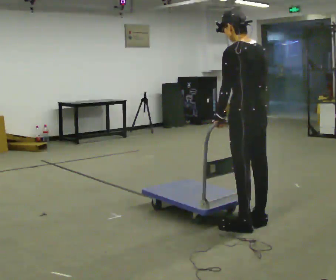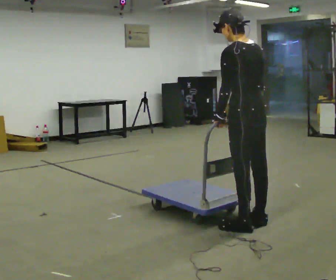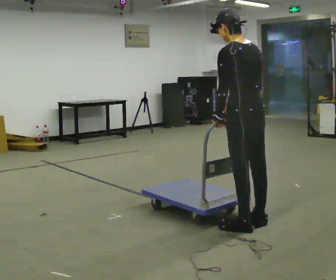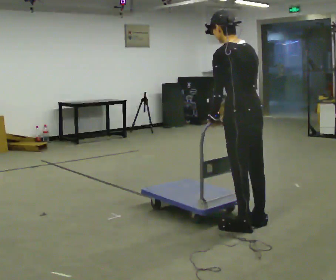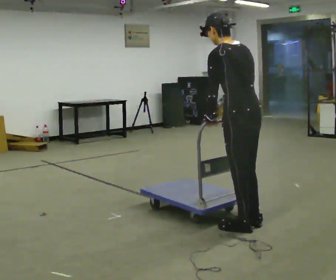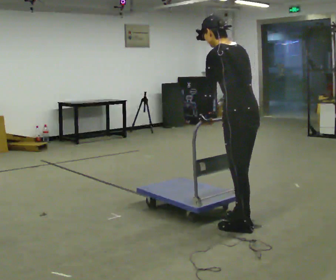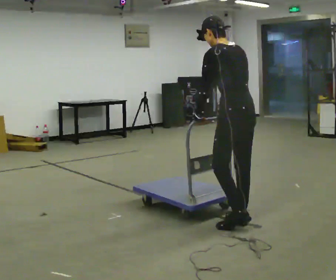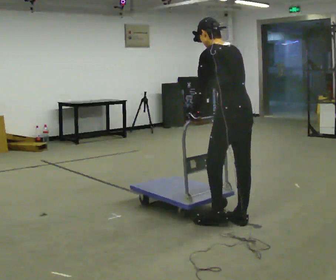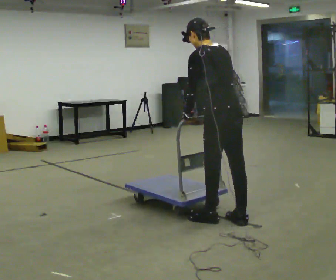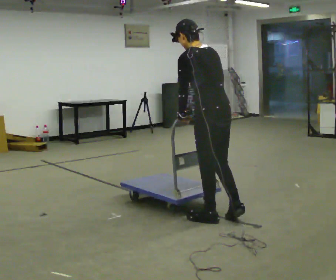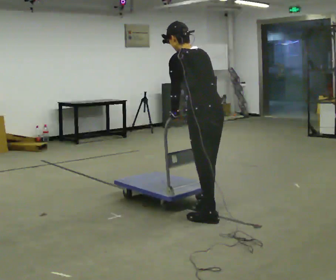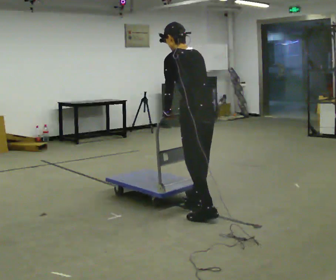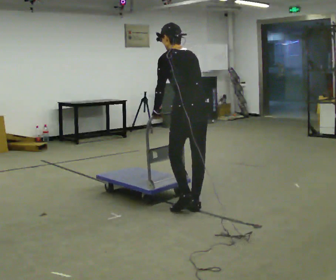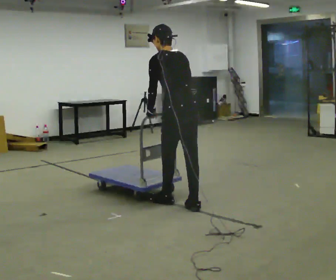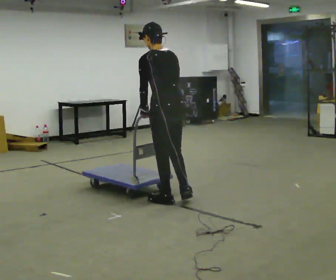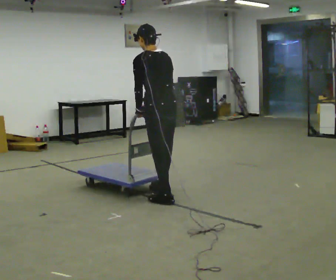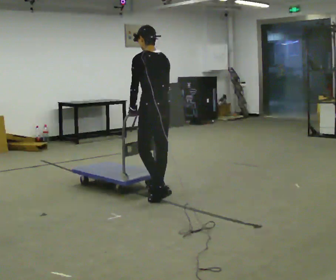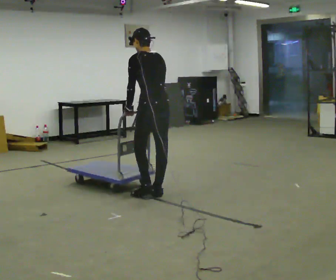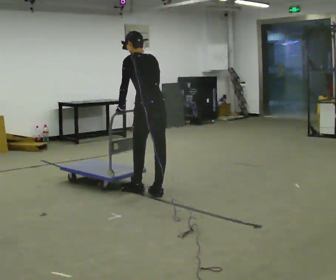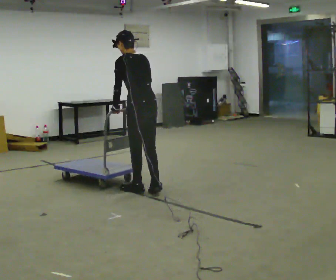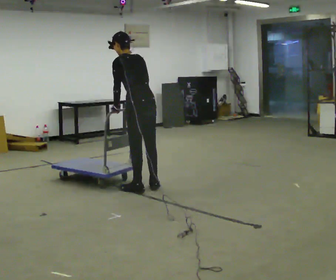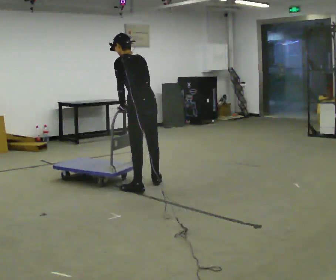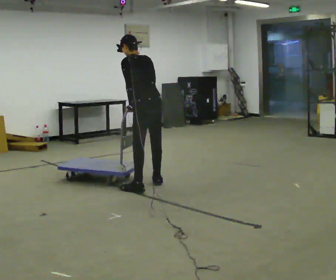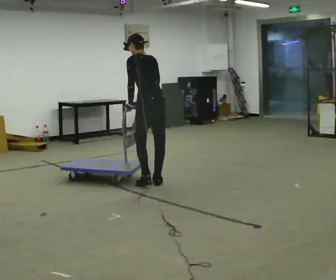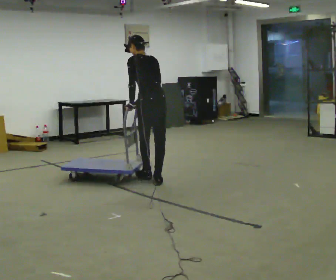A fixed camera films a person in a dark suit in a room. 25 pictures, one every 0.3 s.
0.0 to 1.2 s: The person moves a little, or ends about where they began.
1.2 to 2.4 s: In the picture they go away from the camera, about 0.25 m in 2 steps, which for them is forward.
2.4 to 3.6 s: In the picture they go away from the camera and to the left, about 0.5 m in 1 step, which for them is forward.
3.6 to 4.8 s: In the picture they go away from the camera and to the left, about 0.5 m in 2 steps, which for them is forward.
4.8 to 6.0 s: In the picture they go away from the camera and to the left, about 0.25 m in 1 step, which for them is forward.
6.0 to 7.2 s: In the picture they go away from the camera, about 0.5 m in 1 step, which for them is to their right and forward.
The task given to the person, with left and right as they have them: Push the cart across the room using only the hand the operator calls. Keep your other arm at your side.
The film runs forward here.
